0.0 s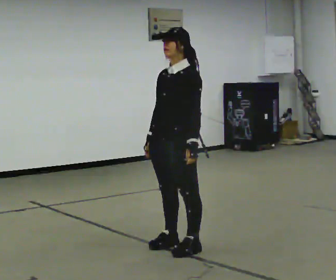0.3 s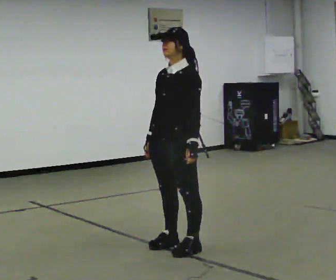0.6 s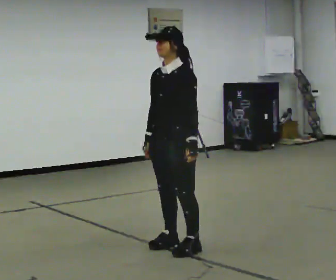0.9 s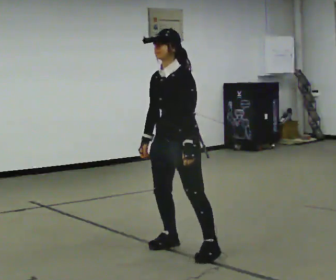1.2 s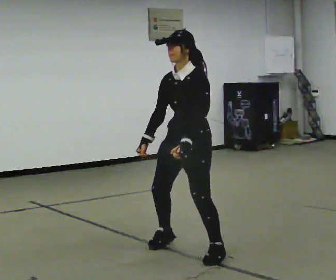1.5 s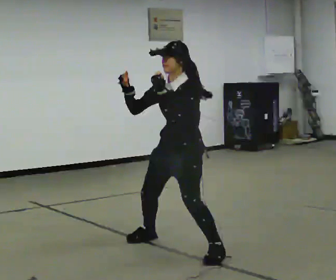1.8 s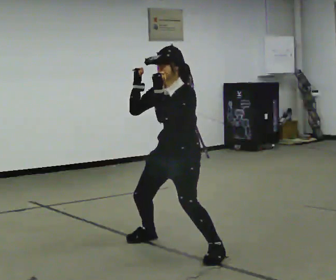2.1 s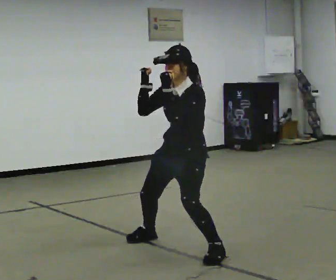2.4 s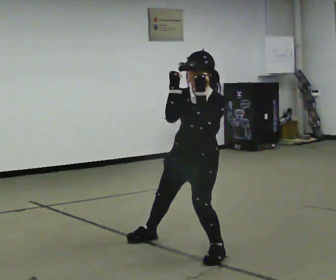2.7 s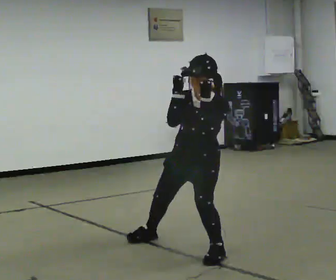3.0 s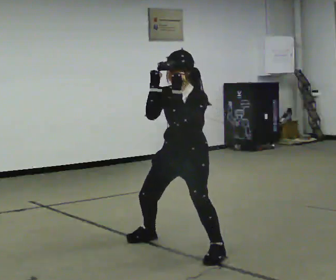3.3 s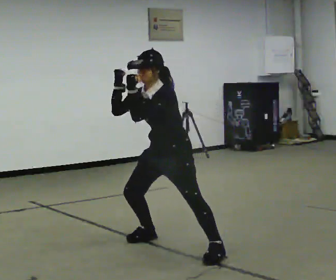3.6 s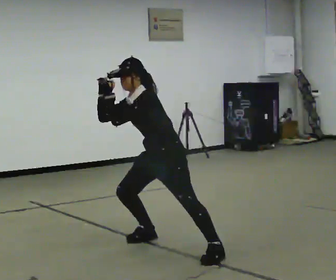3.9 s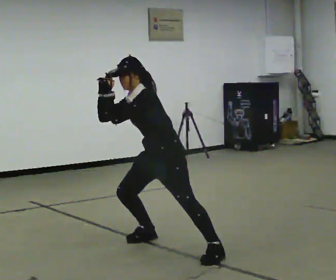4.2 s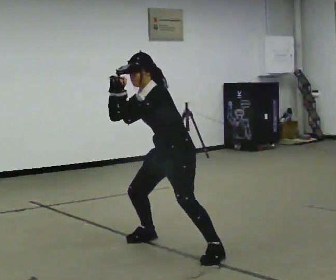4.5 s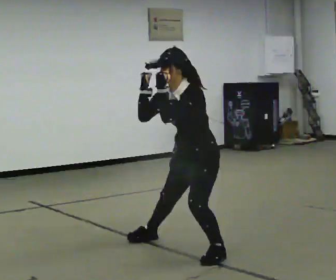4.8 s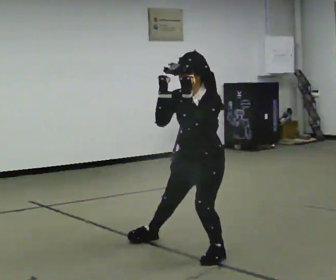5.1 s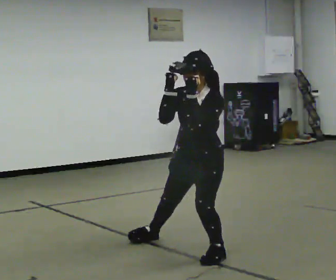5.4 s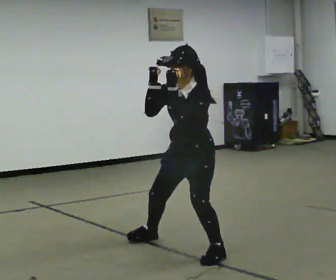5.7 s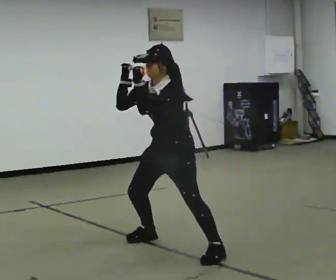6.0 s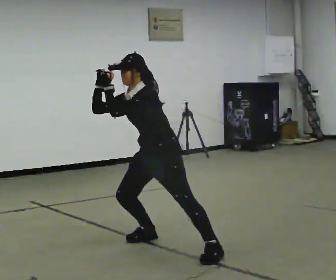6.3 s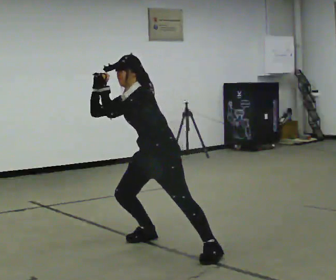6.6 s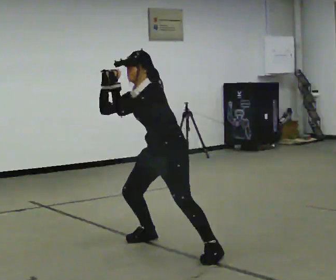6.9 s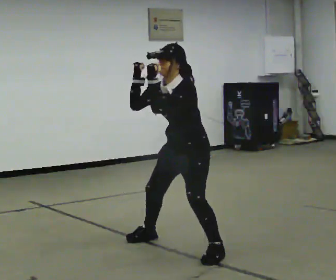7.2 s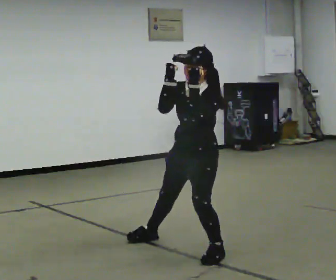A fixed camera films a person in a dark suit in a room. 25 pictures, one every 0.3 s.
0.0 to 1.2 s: The person moves a little, or ends about where they began.
1.2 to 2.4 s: The upper body tips toward the camera, its near side rolling downward, as they bend forward. In the picture their right hand goes upward.
2.4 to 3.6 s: In the picture they go away from the camera and to the left, about 0.25 m, which for them is to their right. In the picture the upper body tilts counterclockwise, shoulders to the left.
3.6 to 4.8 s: In the picture they go toward the camera and to the right, about 0.5 m, which for them is to their left. The upper body tips toward the camera, its near side rolling downward.
4.8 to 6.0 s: In the picture they go away from the camera and to the left, about 0.5 m, which for them is to their right. The upper body tips away from the camera, its near side rolling upward.
6.0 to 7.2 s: In the picture they go toward the camera and to the right, about 0.25 m, which for them is to their left. In the picture the upper body tilts clockwise, shoulders to the right.
The film runs forward here.
